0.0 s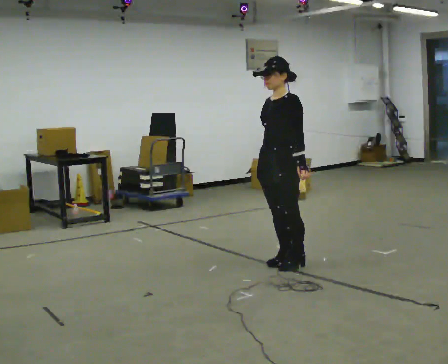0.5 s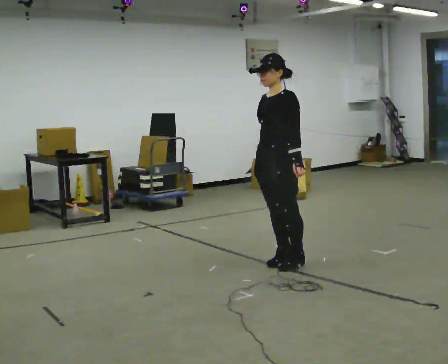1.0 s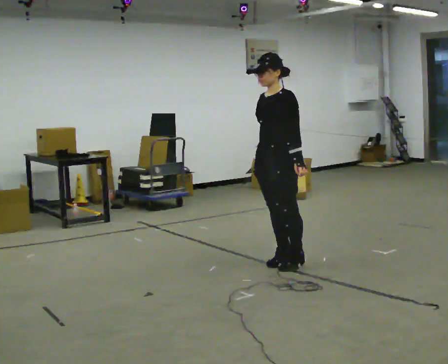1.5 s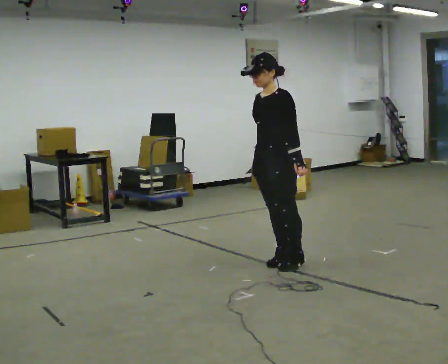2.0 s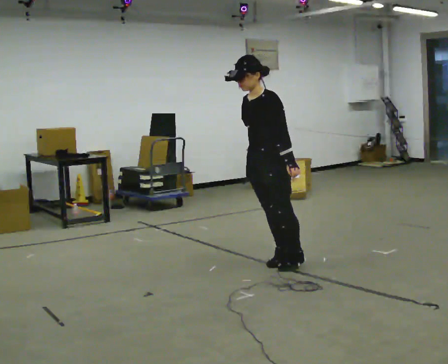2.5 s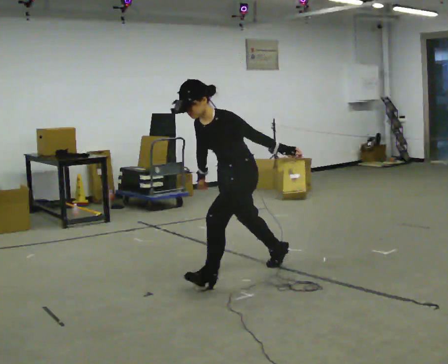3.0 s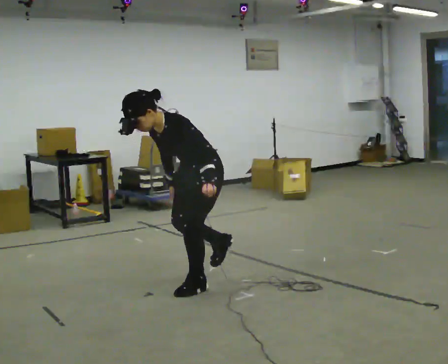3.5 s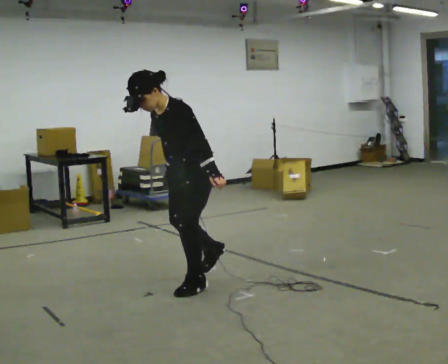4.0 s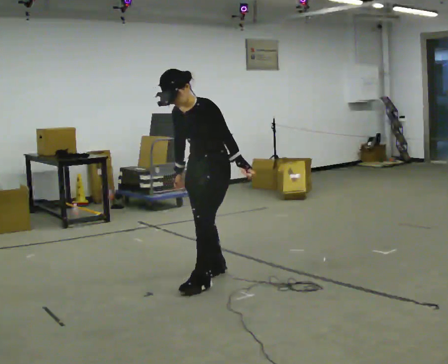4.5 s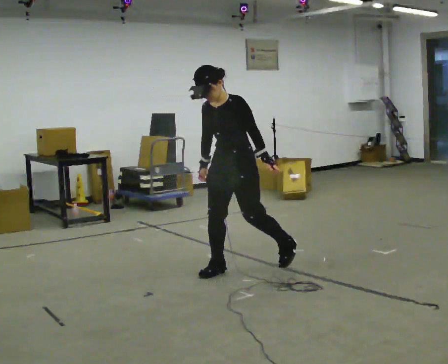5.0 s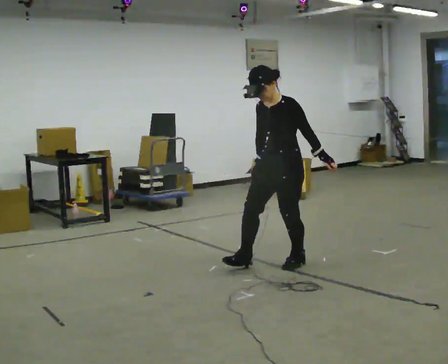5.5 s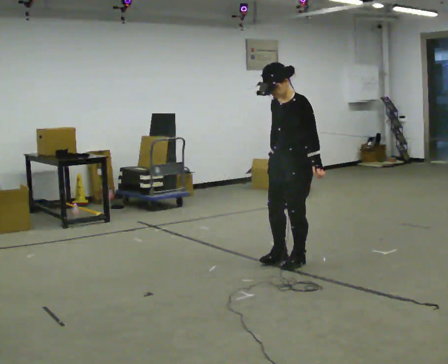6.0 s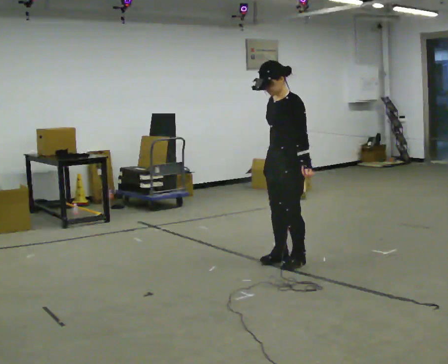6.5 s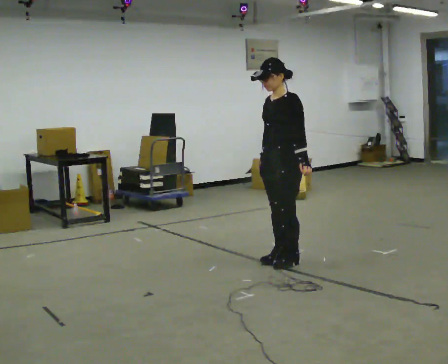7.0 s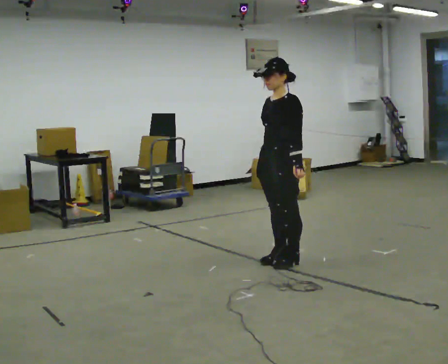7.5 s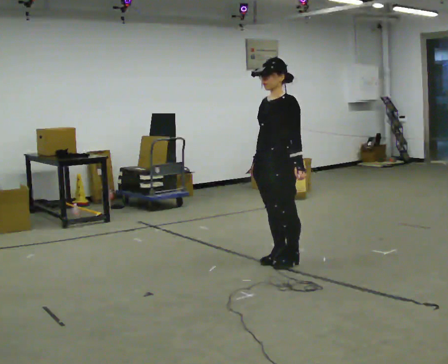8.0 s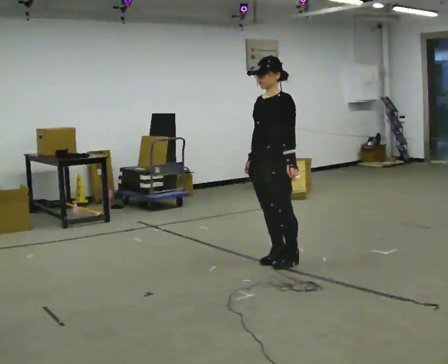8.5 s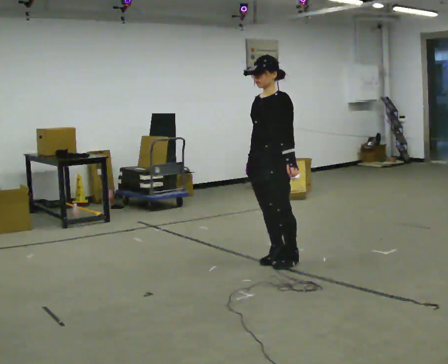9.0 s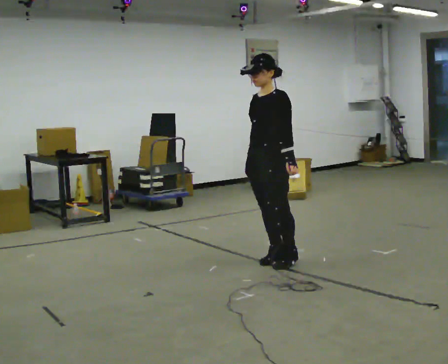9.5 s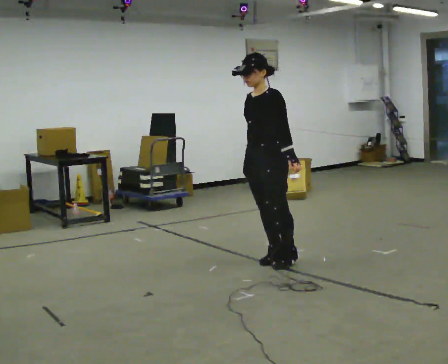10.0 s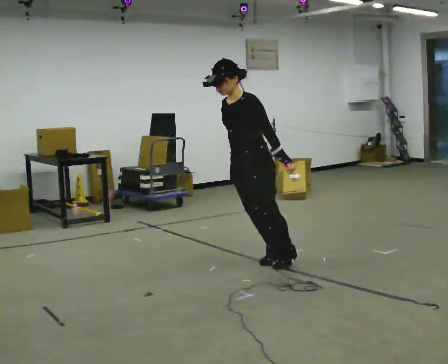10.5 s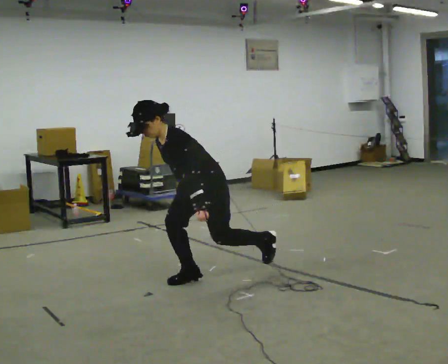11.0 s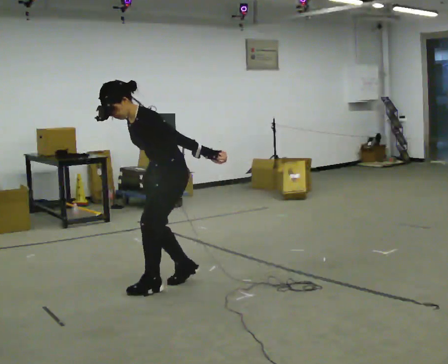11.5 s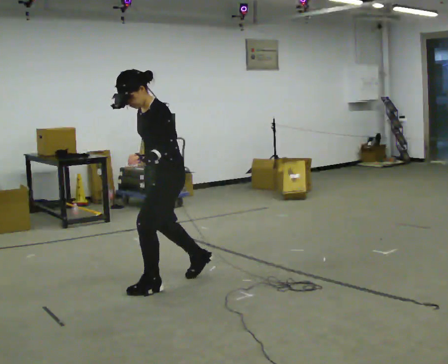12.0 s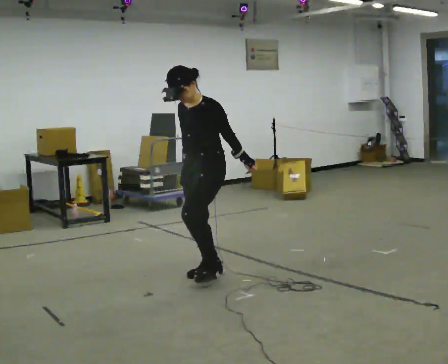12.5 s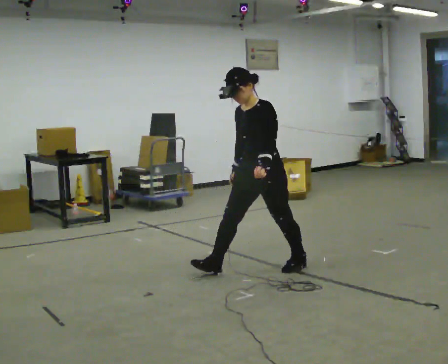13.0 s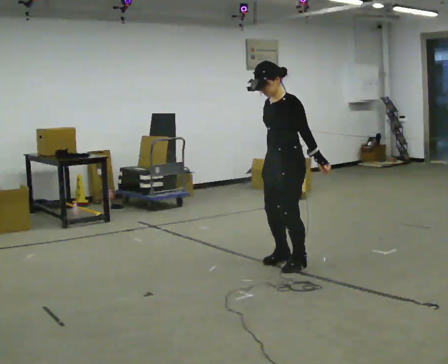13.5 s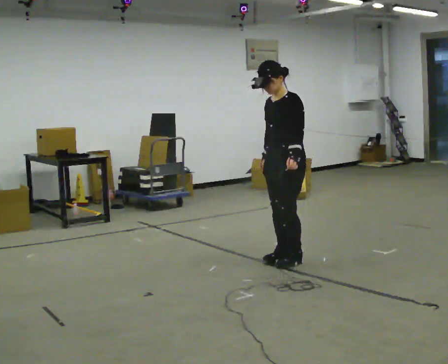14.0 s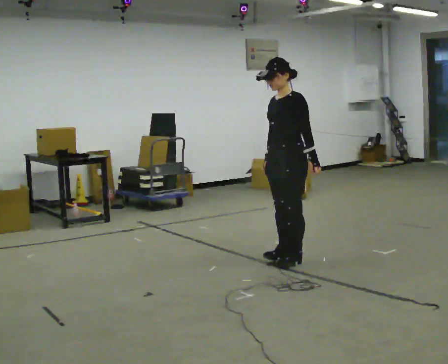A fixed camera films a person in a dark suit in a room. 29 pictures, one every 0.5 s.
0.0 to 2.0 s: The person moves a little, or ends about where they began.
2.0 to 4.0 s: In the picture they go to the left and toward the camera, about 0.5 m in 3 steps, which for them is forward.
4.0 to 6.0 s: In the picture they go to the right and away from the camera, about 0.75 m in 2 steps, which for them is backward. In the picture the upper body tilts clockwise, shoulders to the right, as they lean back or straighten.
6.0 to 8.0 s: The person moves a little, or ends about where they began.
8.0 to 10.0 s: In the picture the upper body tilts counterclockwise, shoulders to the left, as they bend forward.
10.0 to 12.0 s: In the picture they go to the left and toward the camera, about 0.25 m in 3 steps, which for them is forward.
12.0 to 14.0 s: In the picture they go to the right and away from the camera, about 0.5 m in 2 steps, which for them is backward.
The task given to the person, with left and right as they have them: Stand on the marked spots and rise up onto your toes. Stay up until you start to topple forward, then step to catch yourself. Repeat at your own pace until the operator says stop. Go slowly and only as far as you are comfortable. Step whenever you need to; do not try to hold on longer than feels safe.
The film runs forward here.
